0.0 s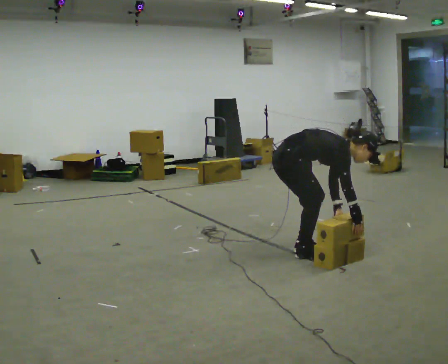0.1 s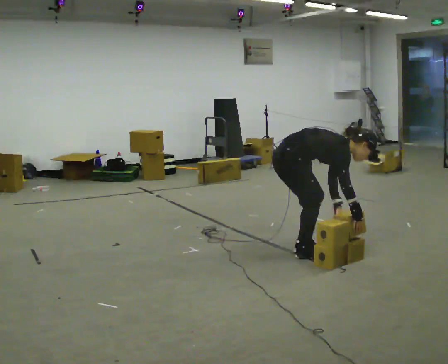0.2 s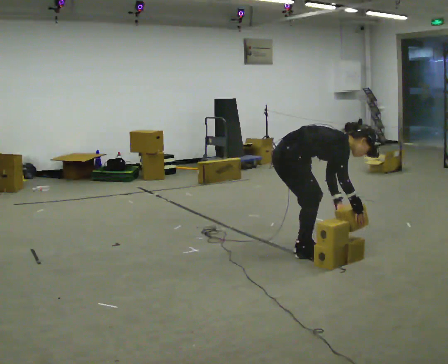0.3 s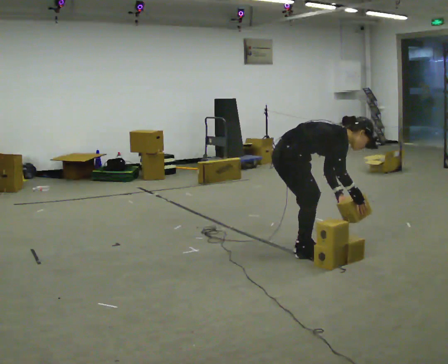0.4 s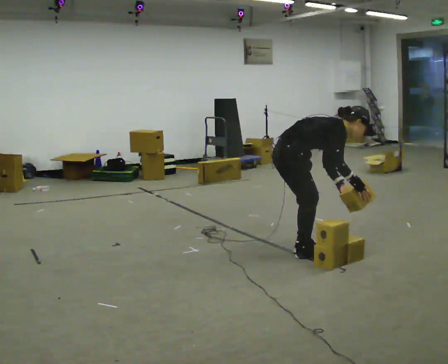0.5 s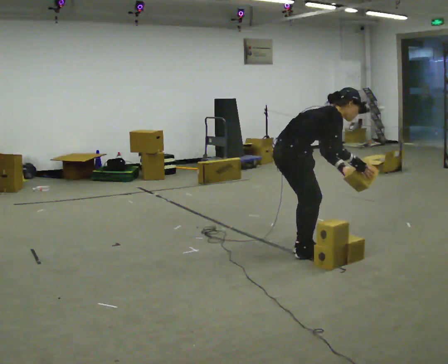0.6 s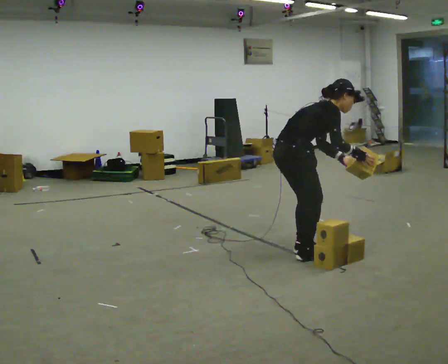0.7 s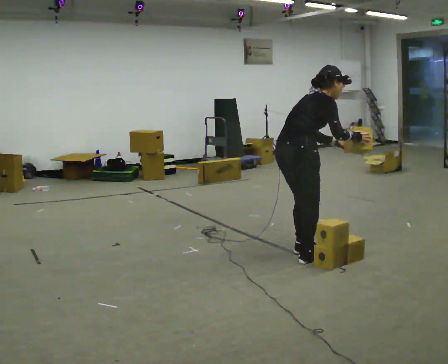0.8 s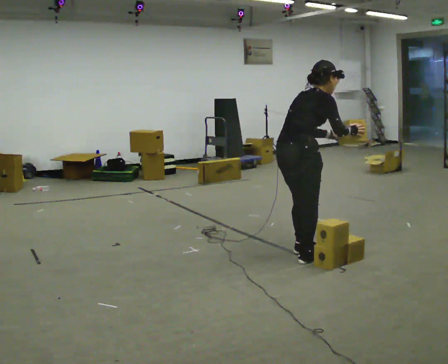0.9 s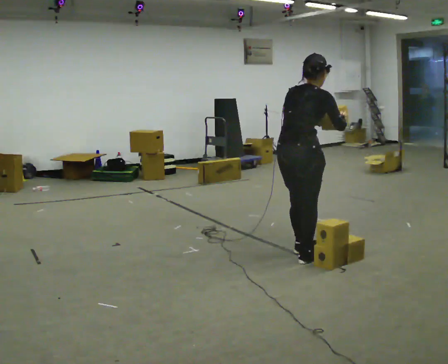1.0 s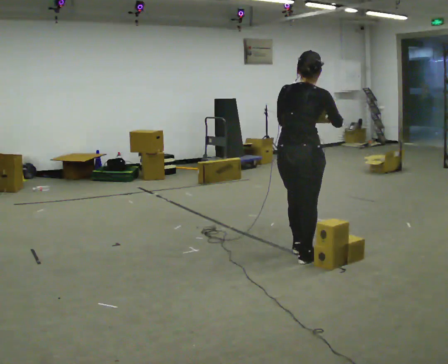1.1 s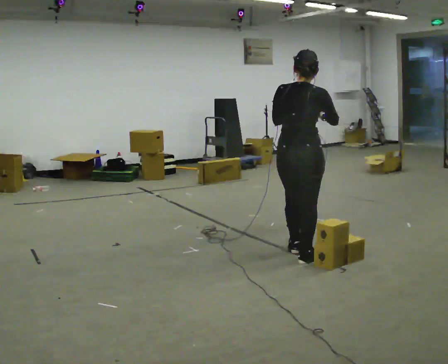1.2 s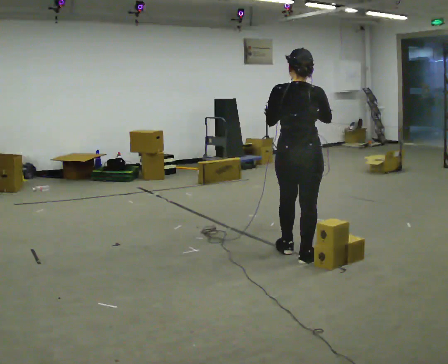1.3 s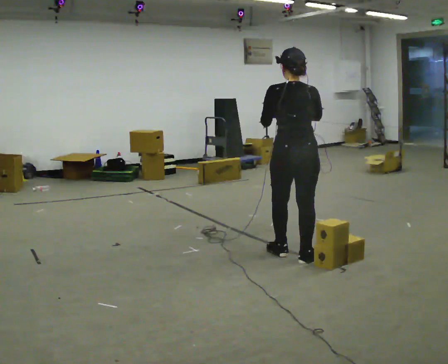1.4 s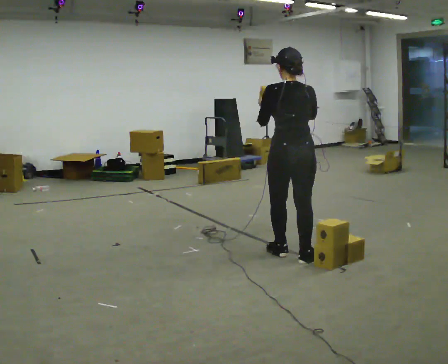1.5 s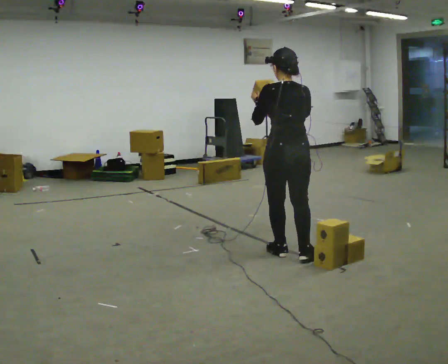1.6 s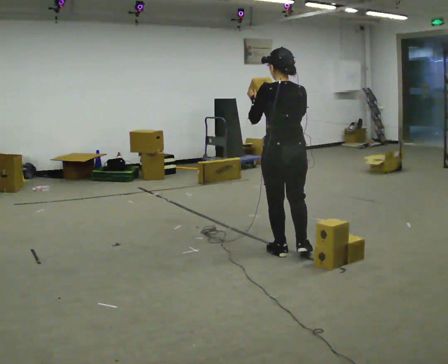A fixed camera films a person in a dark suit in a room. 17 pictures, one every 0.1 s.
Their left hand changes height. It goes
upward.
The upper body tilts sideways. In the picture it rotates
counterclockwise.
0.0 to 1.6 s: Seen from above the body turns counterclockwise, about 120 degrees: to their left, with its near side sliding to the right. The upper body goes upward. In the picture the upper body tilts counterclockwise, shoulders to the left, as they lean back or straighten. In the picture their right hand goes upward and to the left.
The film runs forward here.
